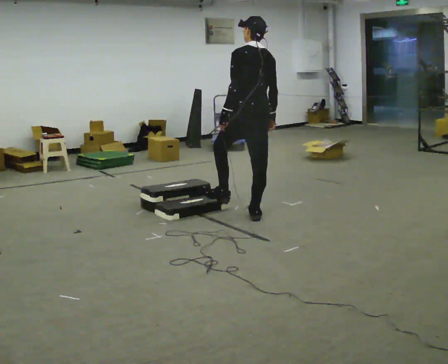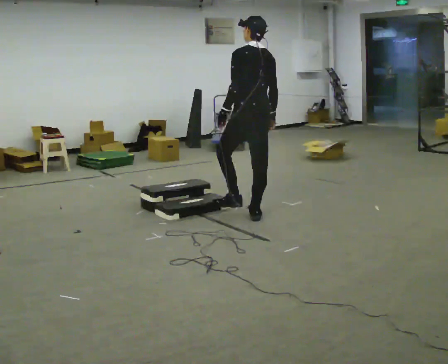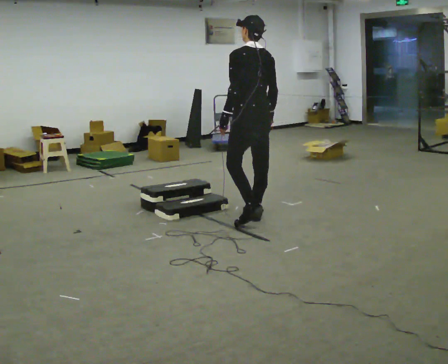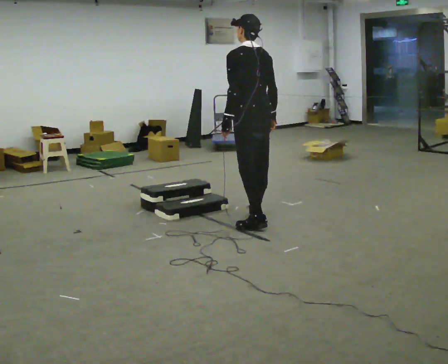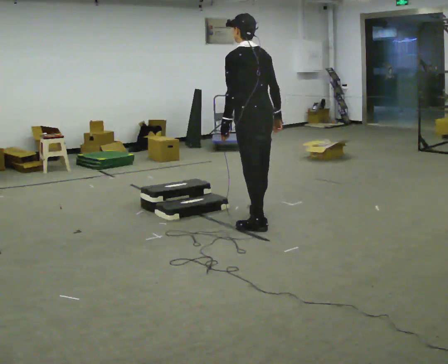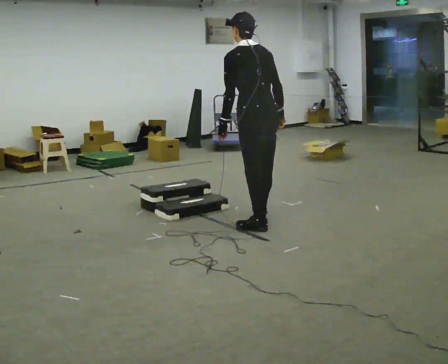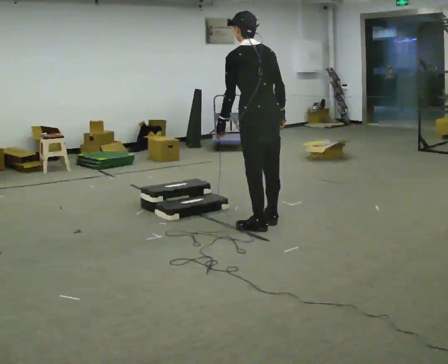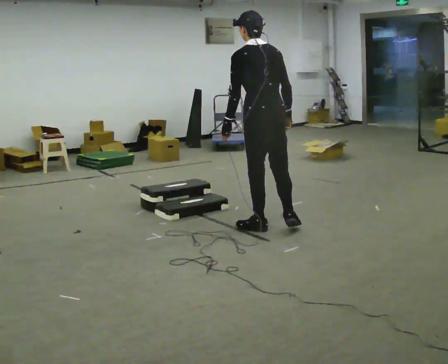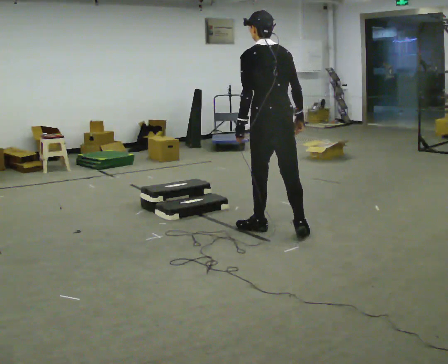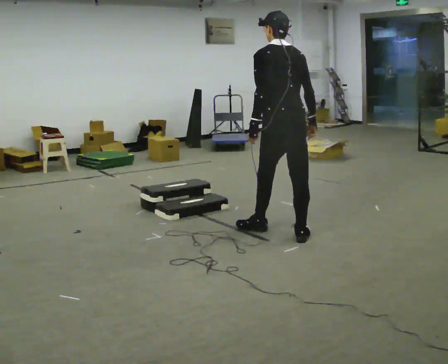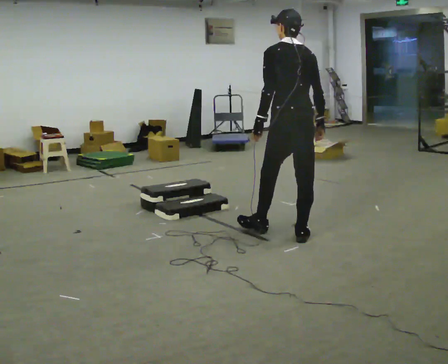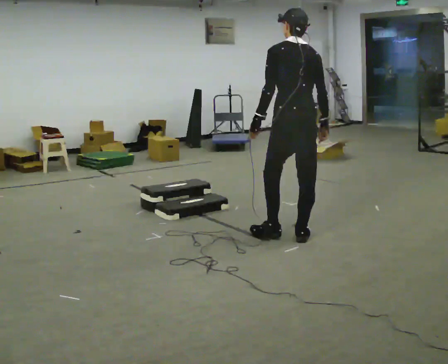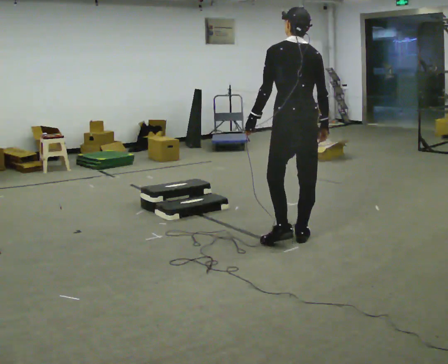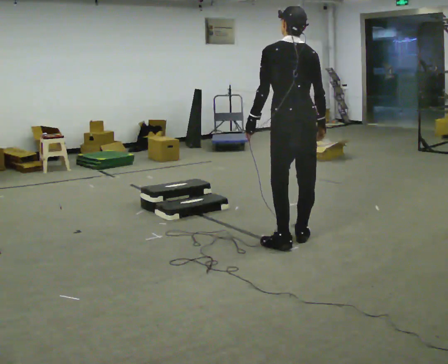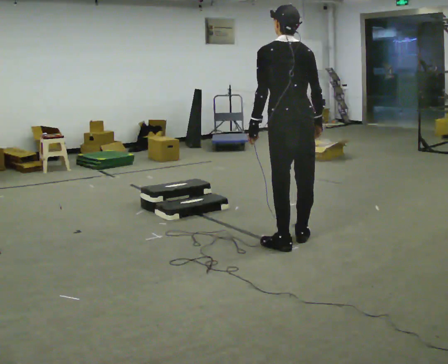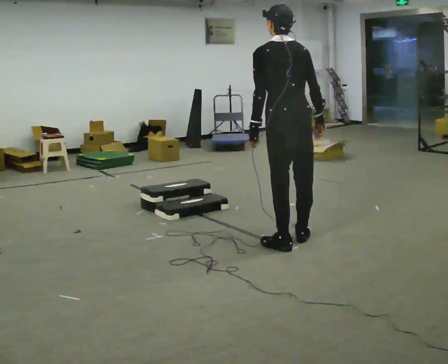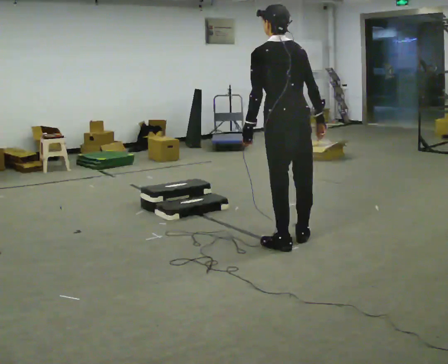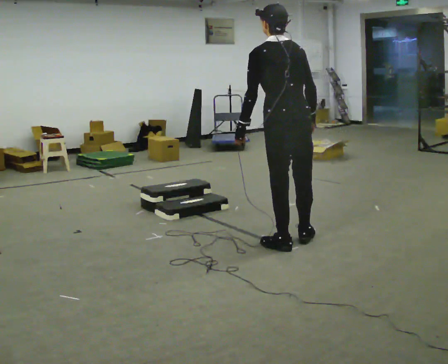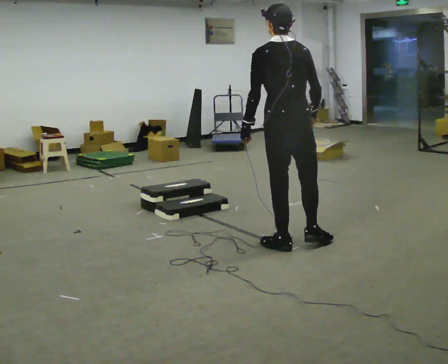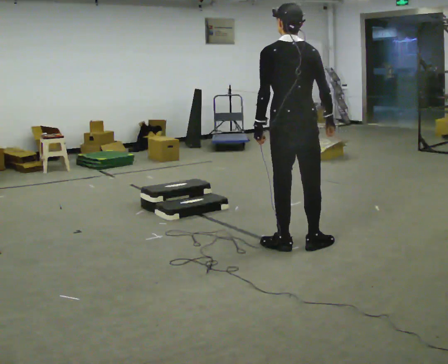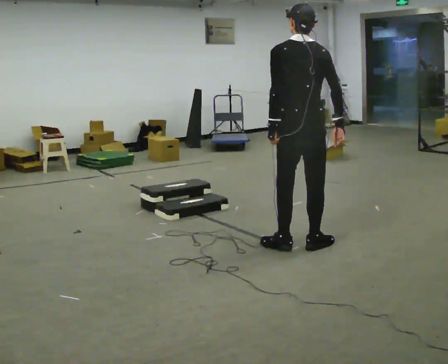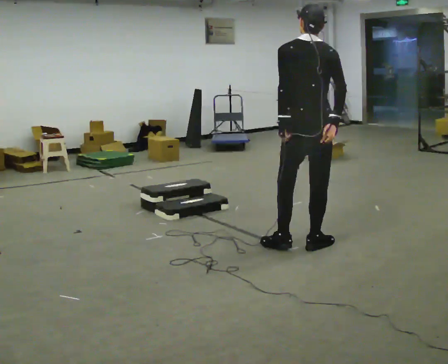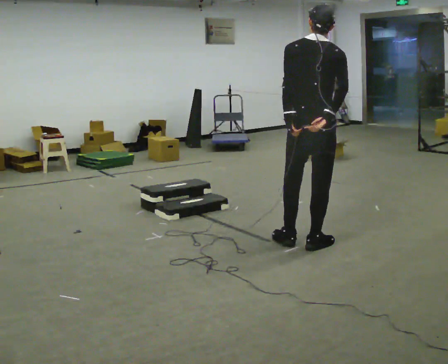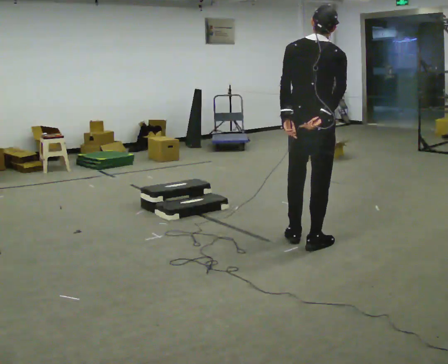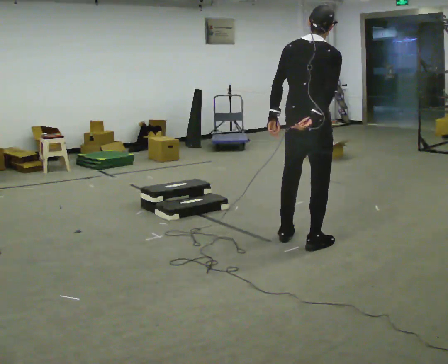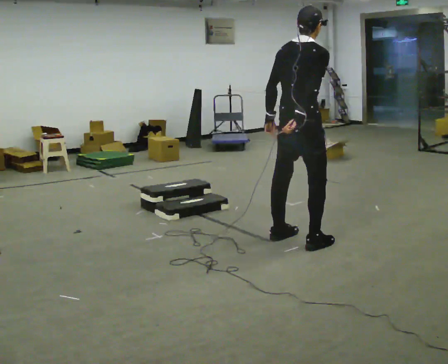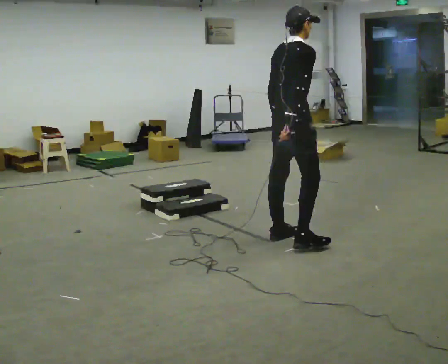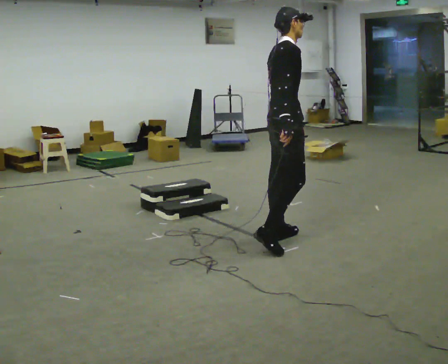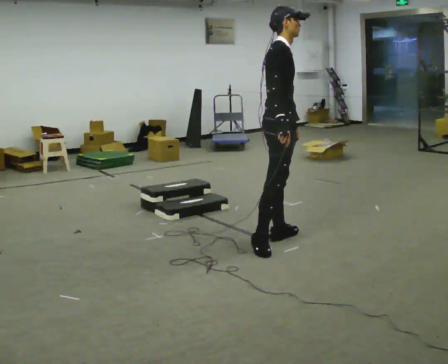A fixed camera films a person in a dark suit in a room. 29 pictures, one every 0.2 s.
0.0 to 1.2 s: In the picture they go toward the camera, about 0.25 m in 1 step, which for them is backward and to their left.
1.2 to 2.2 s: In the picture they go to the right and toward the camera, about 0.25 m in 1 step, which for them is backward and to their right.
2.2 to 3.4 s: In the picture they go toward the camera, about 0.25 m in 1 step, which for them is backward and to their left.
3.4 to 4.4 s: Seen from above the body turns clockwise, about 30 degrees: to their right, with its near side sliding to the left. In the picture the upper body tilts clockwise, shoulders to the right.
4.4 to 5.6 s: The part of the body nearest the lens slides to the left as the person turns to their right by about 90 degrees. In the picture they go to the left, about 0.25 m in 1 step.
The film runs backward here.
